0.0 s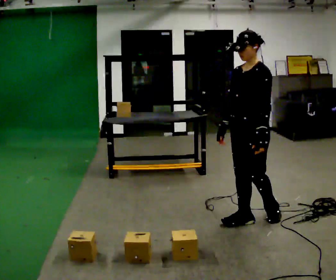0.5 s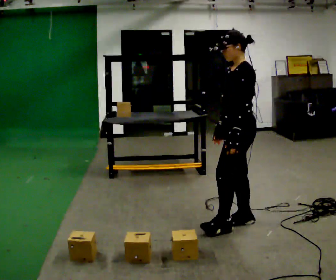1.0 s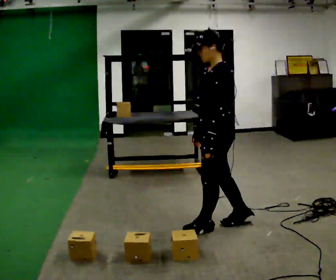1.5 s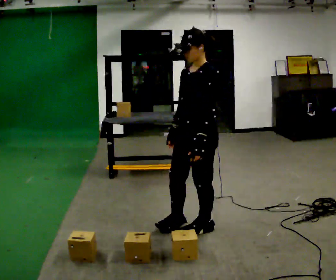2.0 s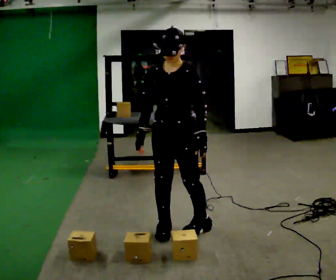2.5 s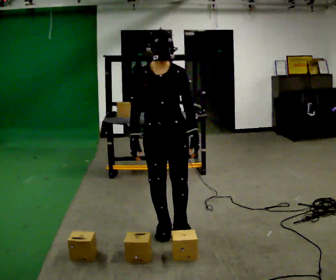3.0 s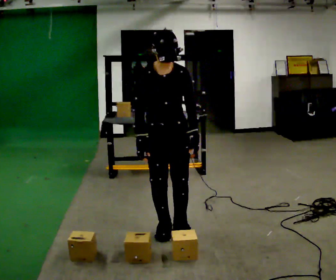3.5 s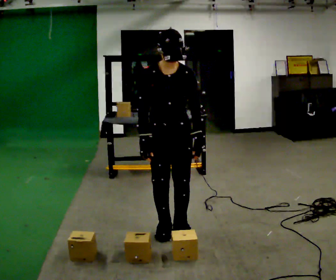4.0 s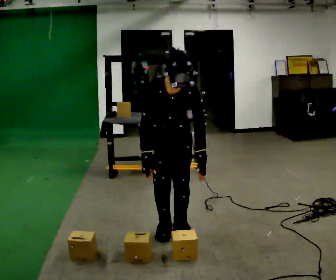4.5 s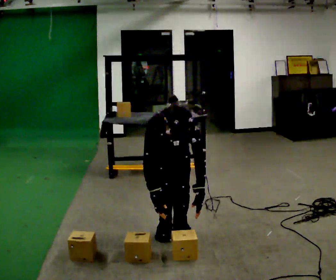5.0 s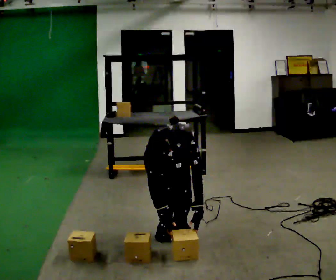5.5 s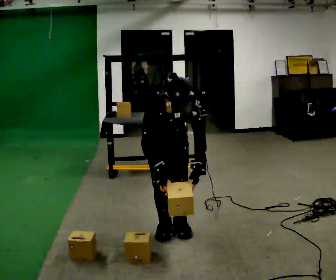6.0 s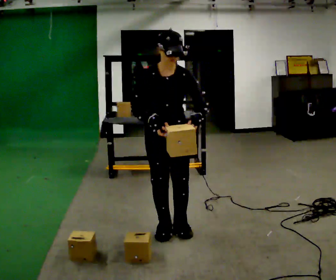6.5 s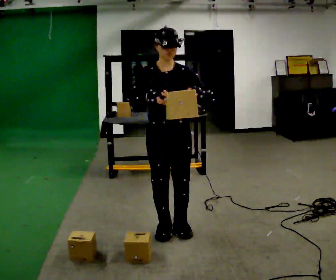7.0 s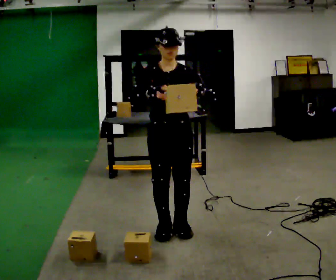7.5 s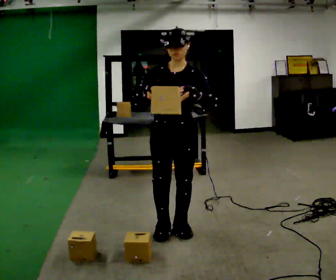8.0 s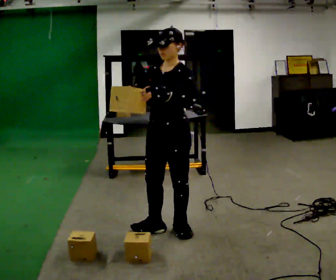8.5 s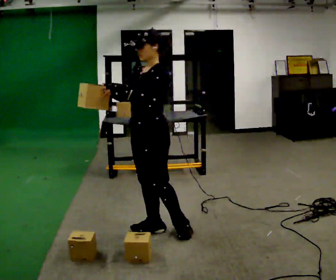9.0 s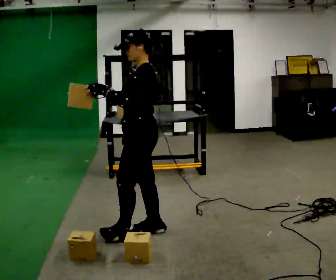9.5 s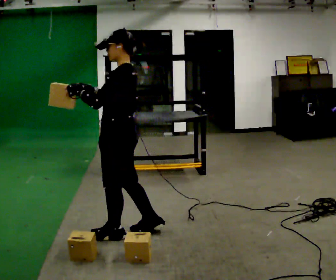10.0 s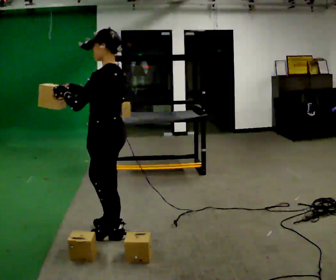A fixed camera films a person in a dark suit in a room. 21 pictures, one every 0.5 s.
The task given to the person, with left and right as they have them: Carry the box over and put it on the shelf with the label facing out towards you. Get the orientation right, not just the position. Keep going until the operator says stop; one object at a time, and do not rush between trips.
0.0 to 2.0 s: The person turns about 45 degrees to their left, counterclockwise seen from above, so the part of the body nearest the lens slides to the right. In the picture they go to the left, about 0.5 m in 2 steps.
2.0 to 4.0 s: The upper body tips toward the camera, its near side rolling downward, as they bend forward.
4.0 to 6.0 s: The person moves a little, or ends about where they began.
6.0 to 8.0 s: Seen from above the body turns clockwise, about 45 degrees: to their right, with its near side sliding to the left.
8.0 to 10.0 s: Seen from above the body turns clockwise, about 60 degrees: to their right, with its near side sliding to the left. In the picture they go to the left, about 0.5 m in 1 step.
The film runs forward here.
